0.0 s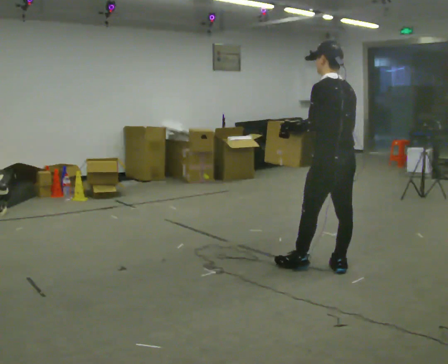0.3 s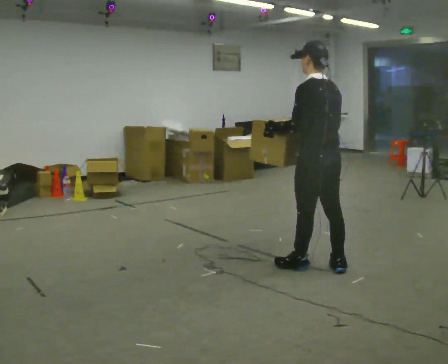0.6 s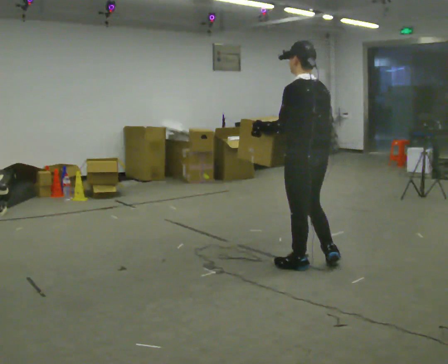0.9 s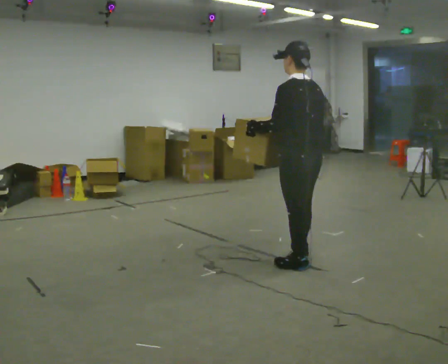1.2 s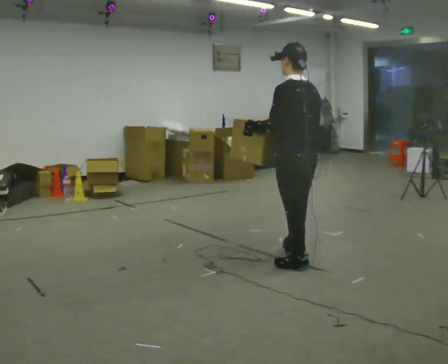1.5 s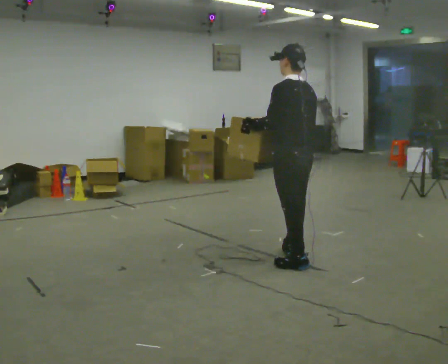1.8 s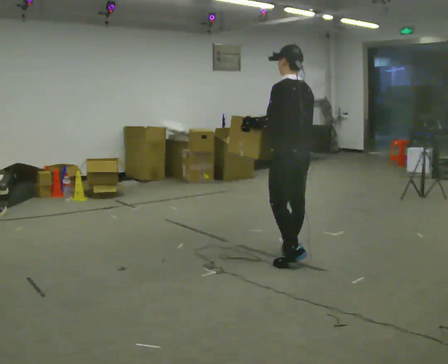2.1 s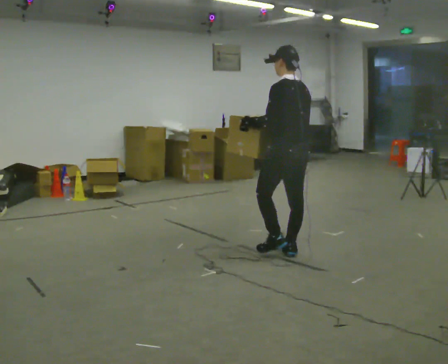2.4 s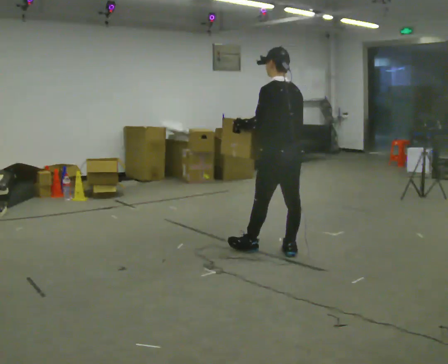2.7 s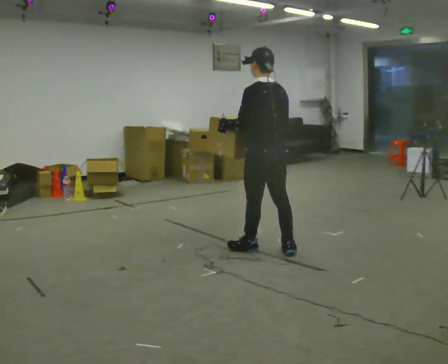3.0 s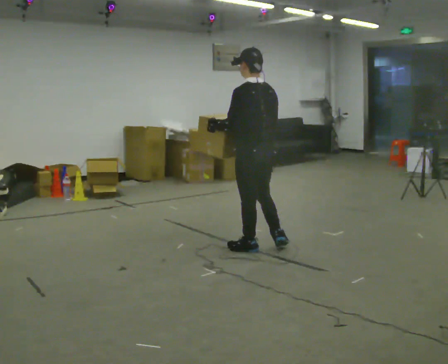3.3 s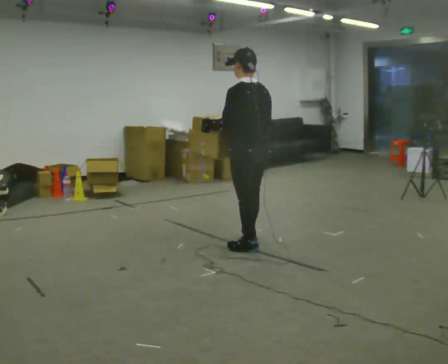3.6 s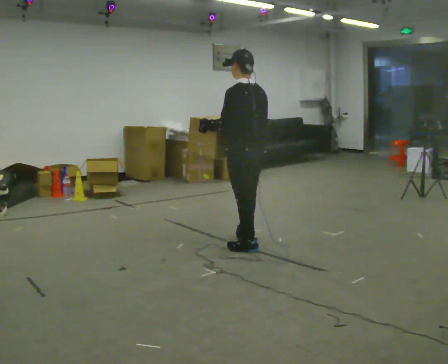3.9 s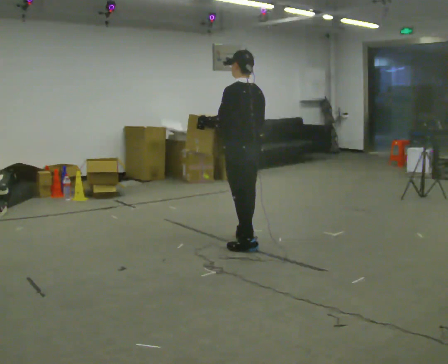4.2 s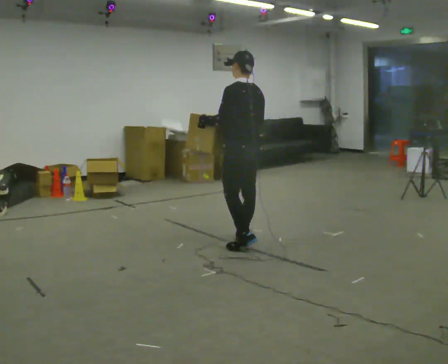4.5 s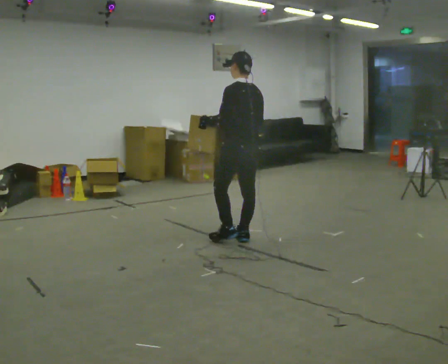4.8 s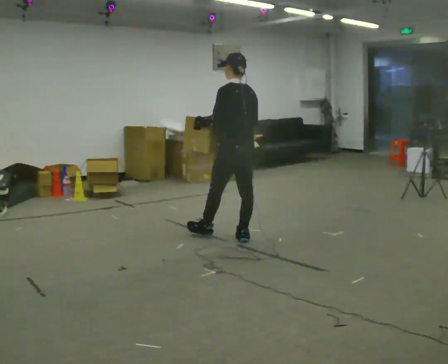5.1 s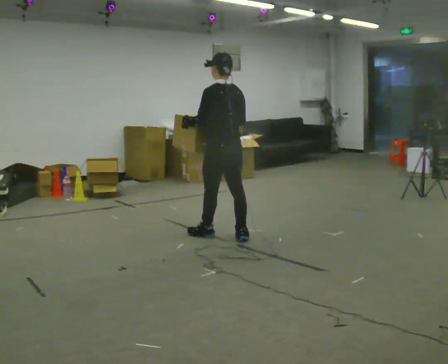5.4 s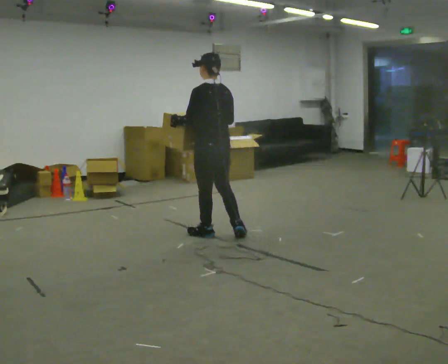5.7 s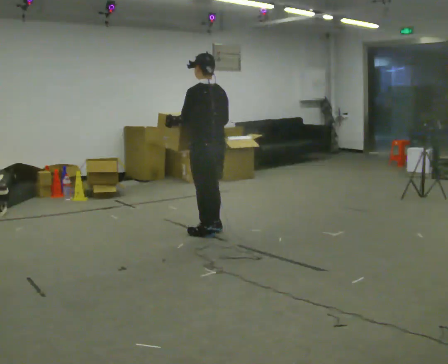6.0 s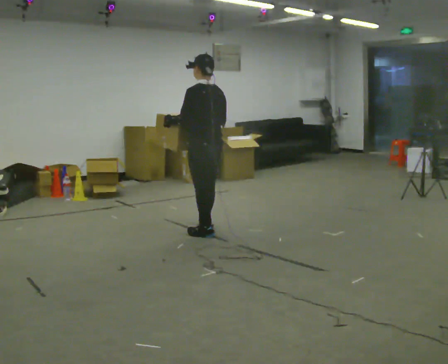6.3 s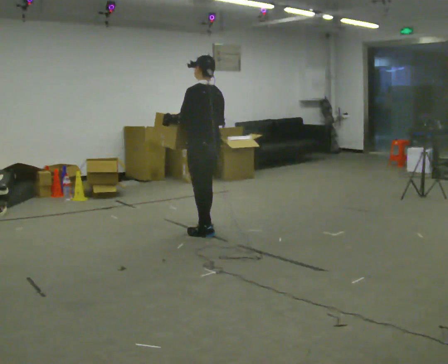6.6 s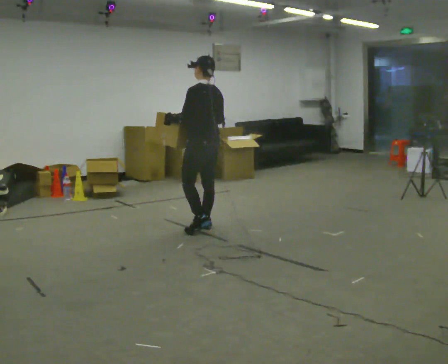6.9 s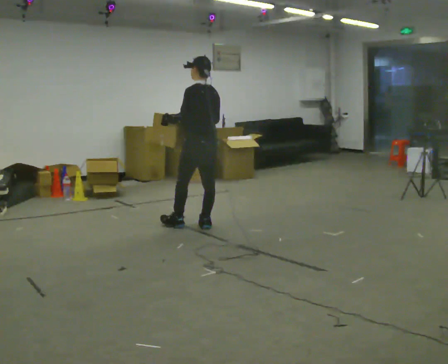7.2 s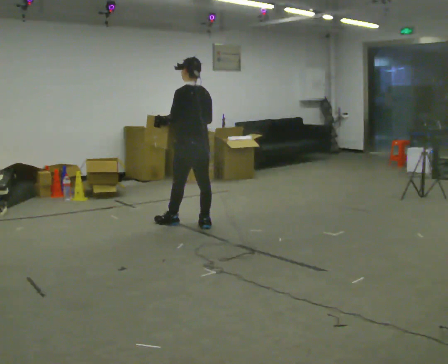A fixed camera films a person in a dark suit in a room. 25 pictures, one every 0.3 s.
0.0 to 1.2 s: In the picture they go to the left, about 0.25 m in 1 step, which for them is forward.
1.2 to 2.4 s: In the picture they go away from the camera, about 0.25 m in 1 step, which for them is forward and to their right.
2.4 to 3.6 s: In the picture they go to the left, about 0.25 m in 1 step, which for them is forward and to their left.
3.6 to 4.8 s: In the picture they go away from the camera, about 0.25 m in 1 step, which for them is forward and to their right.
4.8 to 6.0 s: In the picture they go to the left, about 0.25 m in 1 step, which for them is forward and to their left.
6.0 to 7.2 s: In the picture they go away from the camera and to the left, about 0.25 m in 1 step, which for them is forward and to their right.
The film runs forward here.
